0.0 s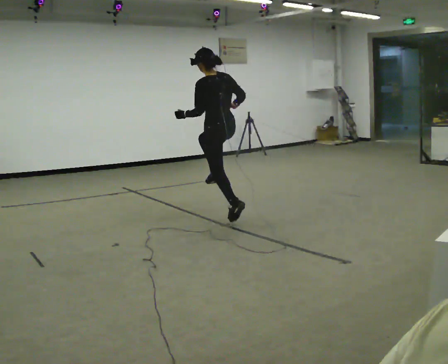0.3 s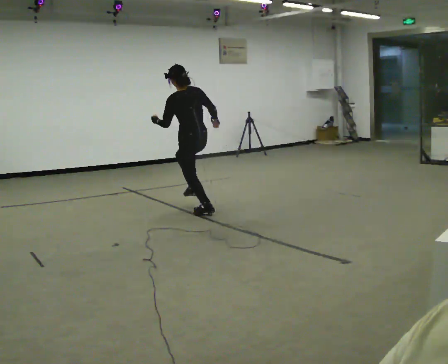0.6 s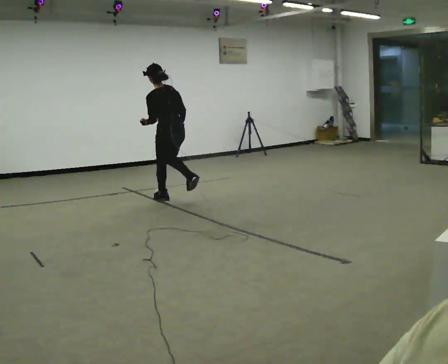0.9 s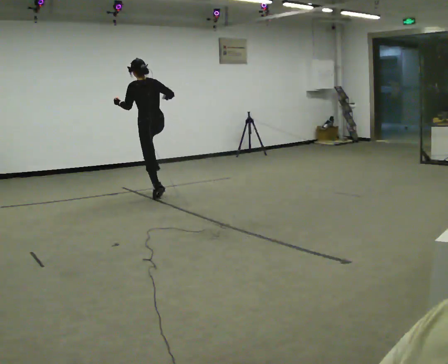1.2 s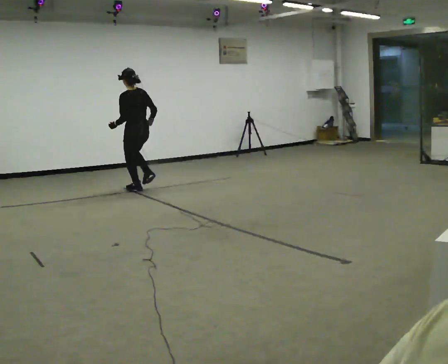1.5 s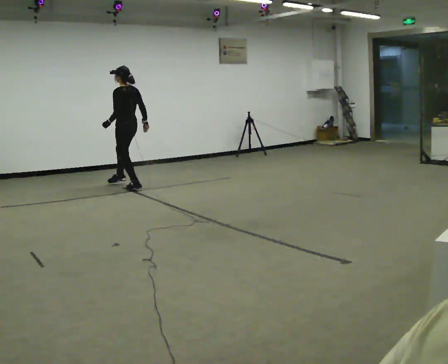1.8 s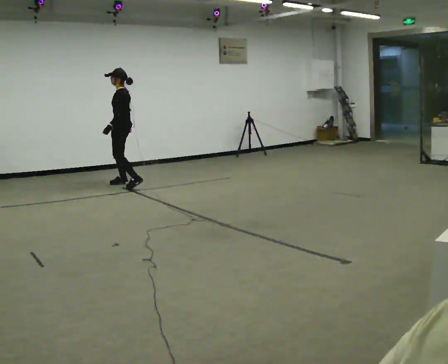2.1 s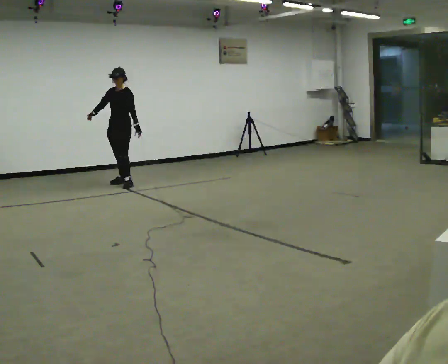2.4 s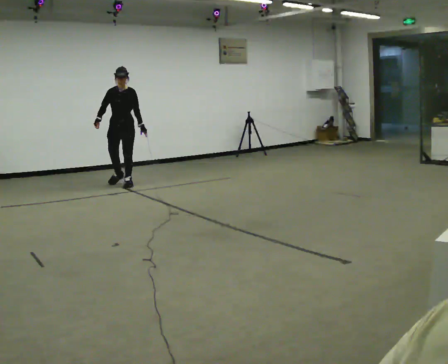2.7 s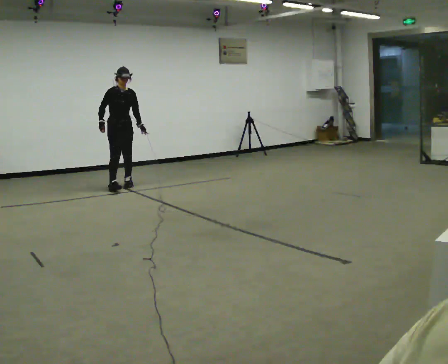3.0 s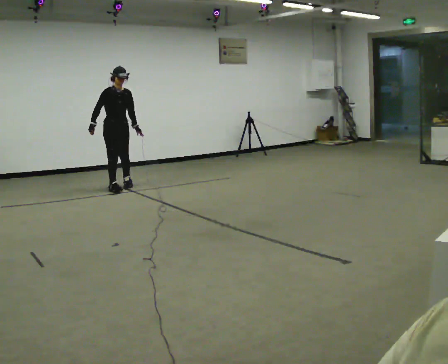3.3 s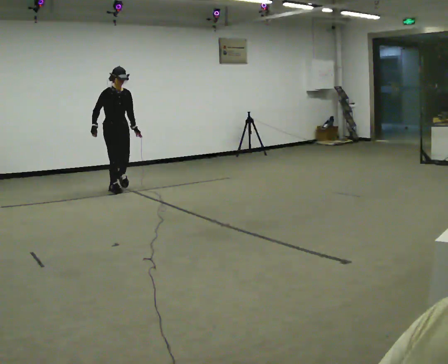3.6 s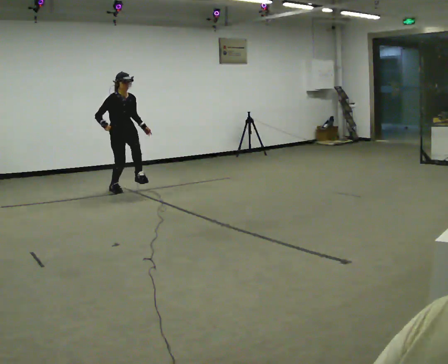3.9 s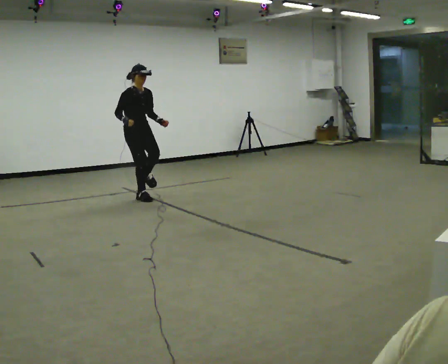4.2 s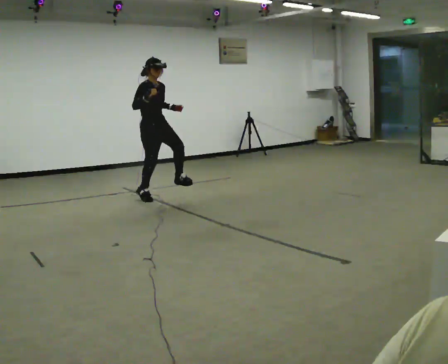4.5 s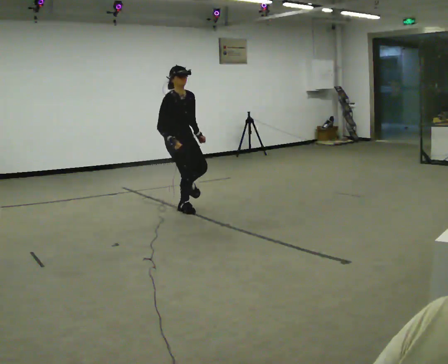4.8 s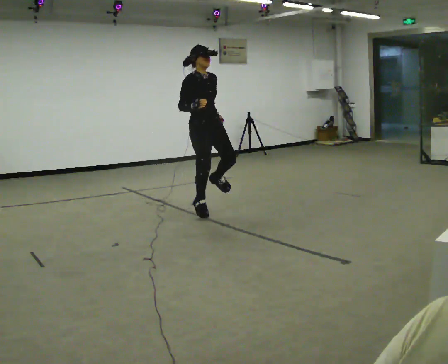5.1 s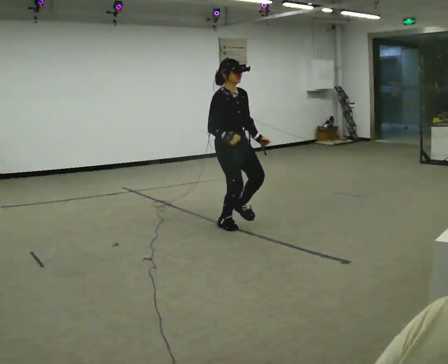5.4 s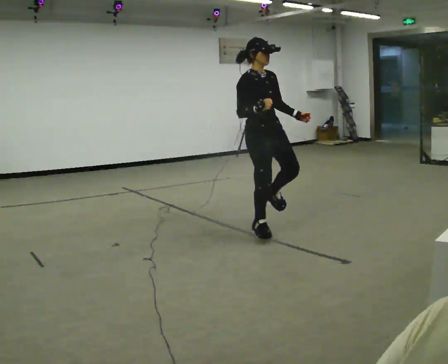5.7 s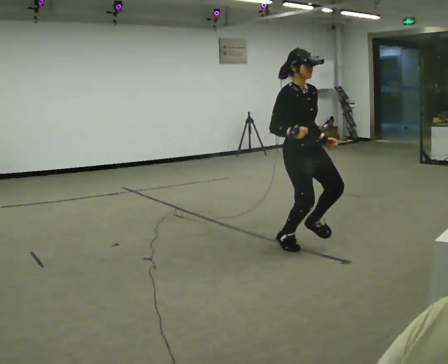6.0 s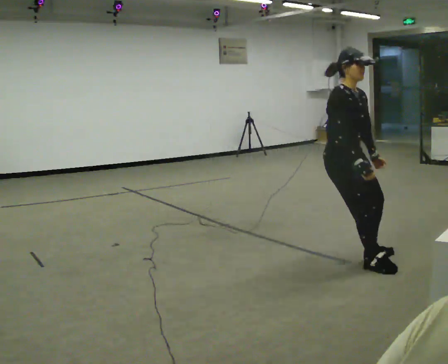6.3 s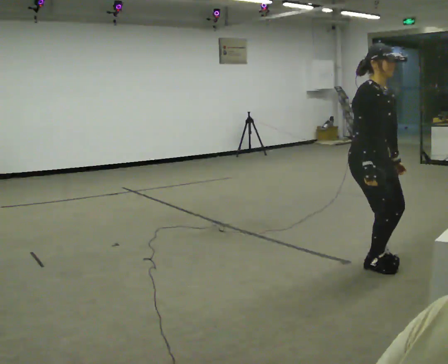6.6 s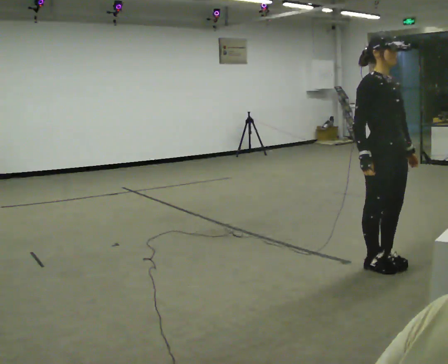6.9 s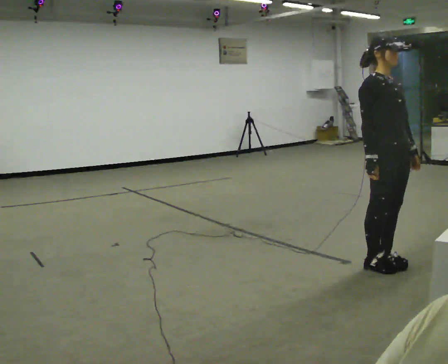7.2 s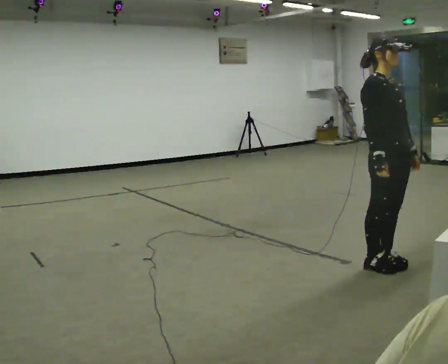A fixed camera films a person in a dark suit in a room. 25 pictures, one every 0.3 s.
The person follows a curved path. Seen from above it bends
counterclockwise.
0.0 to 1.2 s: In the picture they go away from the camera and to the left, about 1.5 m in 3 steps, which for them is forward.
1.2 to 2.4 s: The person turns about 135 degrees to their left, counterclockwise seen from above, so the part of the body nearest the lens slides to the right. In the picture they go away from the camera and to the left, about 0.5 m in 2 steps.
2.4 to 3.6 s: The person turns about 30 degrees to their left, counterclockwise seen from above, so the part of the body nearest the lens slides to the right. In the picture they go toward the camera, about 0.5 m in 1 step, which for them is forward.
3.6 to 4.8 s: In the picture they go toward the camera and to the right, about 1.5 m in 4 steps, which for them is forward.
4.8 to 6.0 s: In the picture they go toward the camera and to the right, about 1.5 m in 2 steps, which for them is forward.
6.0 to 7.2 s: In the picture they go toward the camera and to the right, about 0.25 m in 2 steps, which for them is forward. The upper body tips away from the camera, its near side rolling upward, as they lean back or straighten.
The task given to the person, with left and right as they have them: Hop forward on the leg the operator calls, keeping the other foot off the floor.
The film runs forward here.
